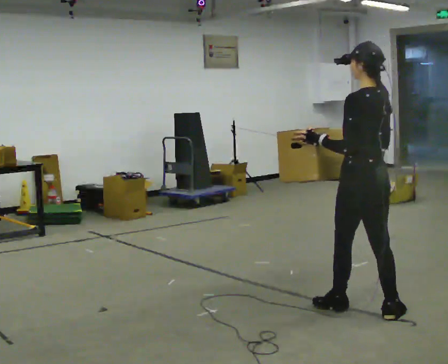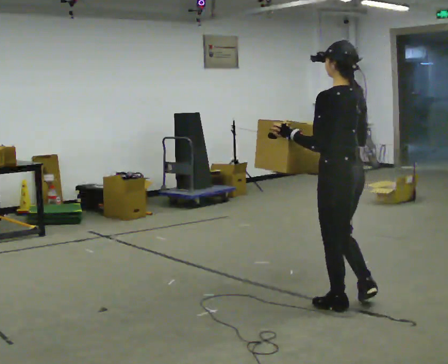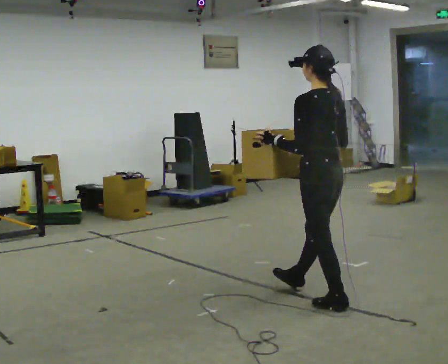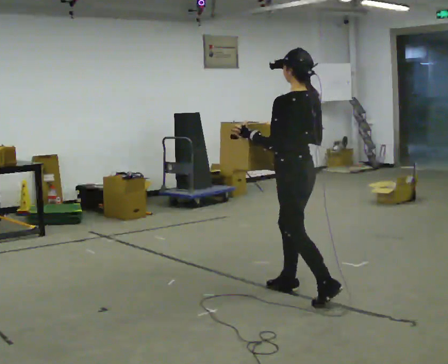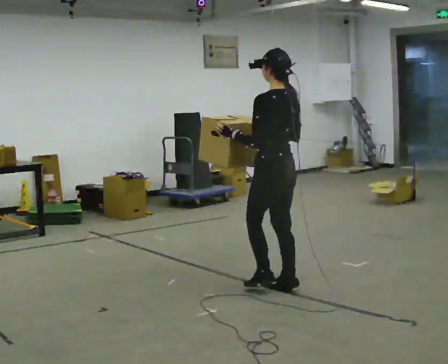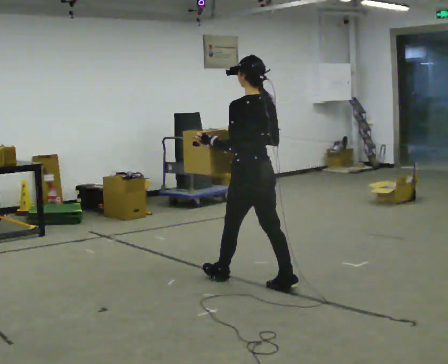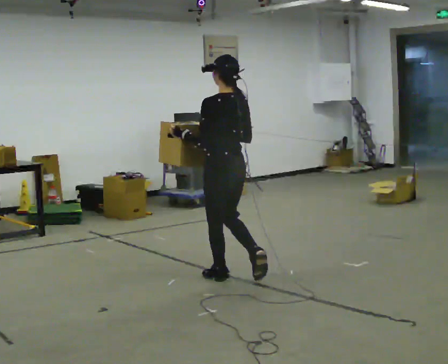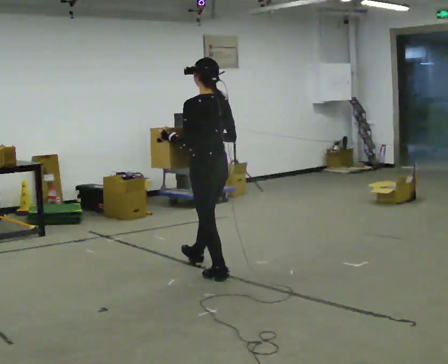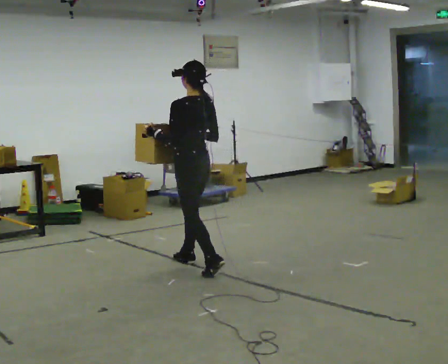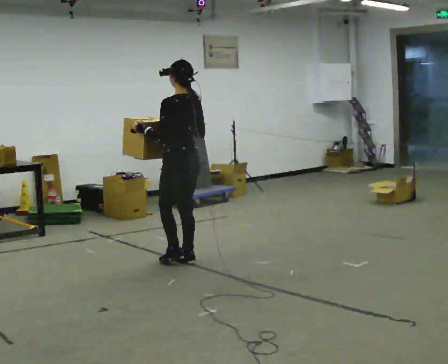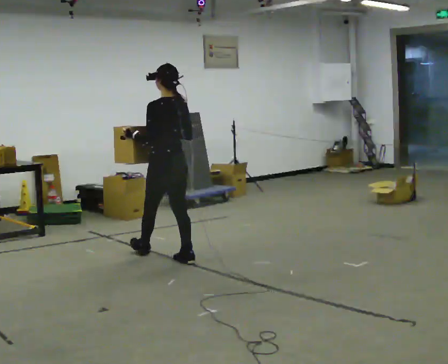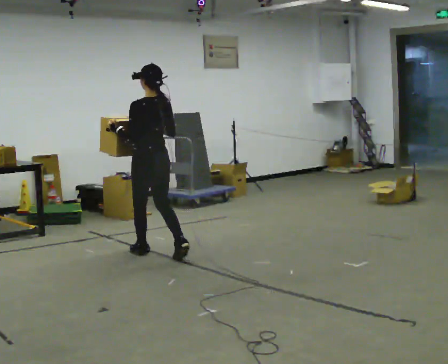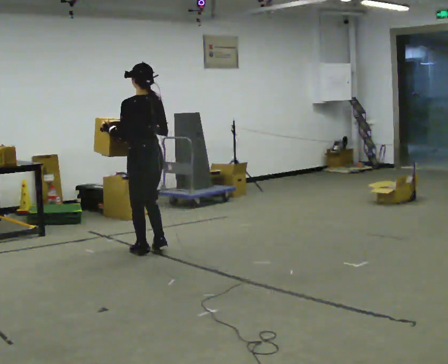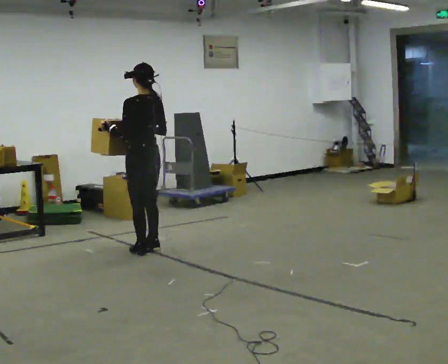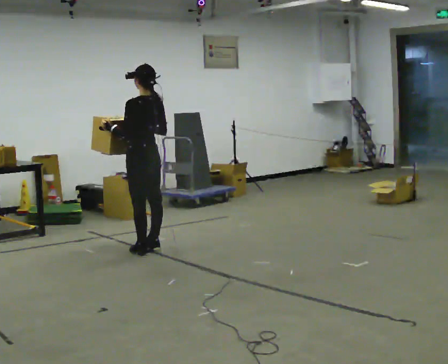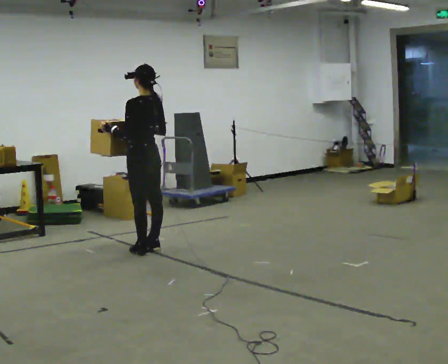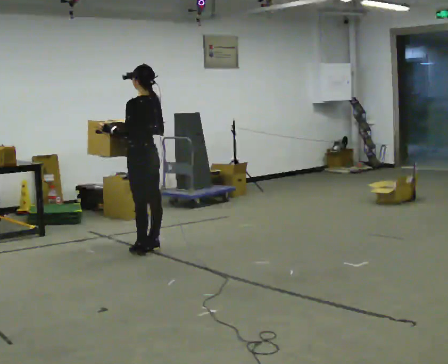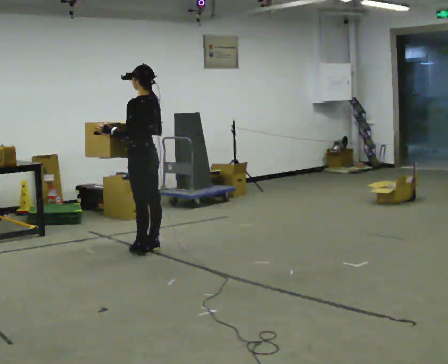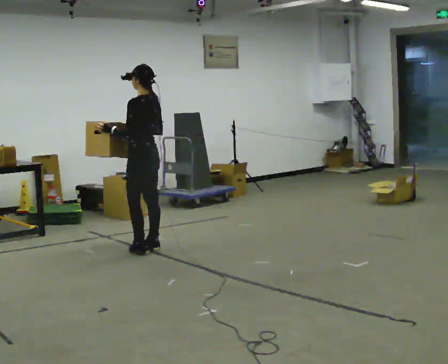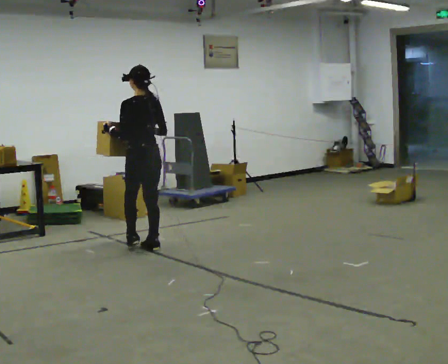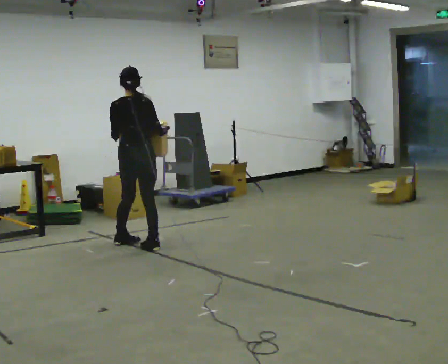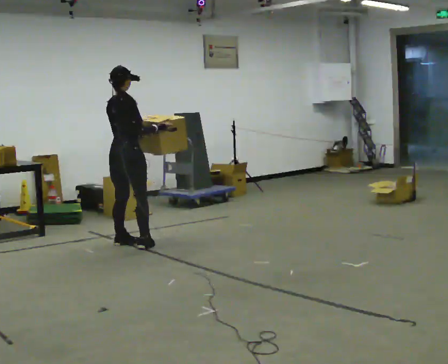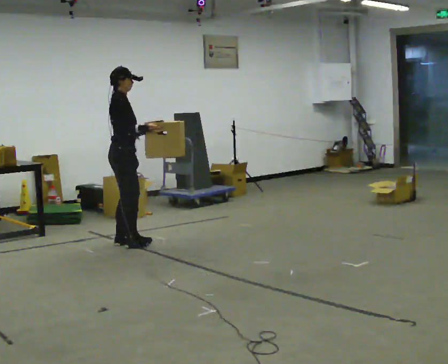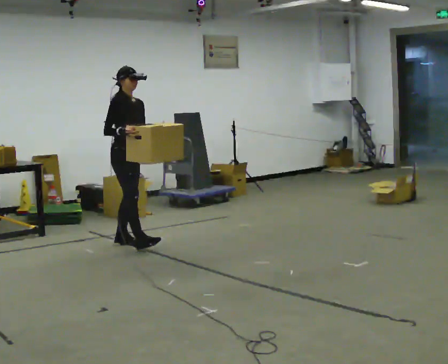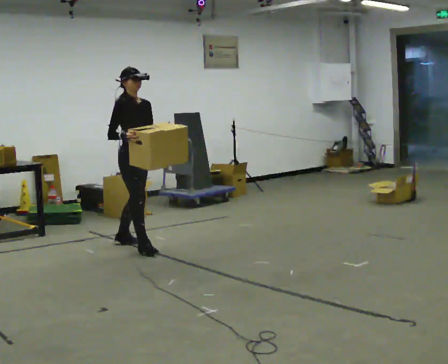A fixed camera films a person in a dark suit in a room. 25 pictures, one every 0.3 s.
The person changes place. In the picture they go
away from the camera.
0.0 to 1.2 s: In the picture they go away from the camera and to the left, about 0.5 m in 1 step, which for them is forward.
1.2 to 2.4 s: In the picture they go away from the camera and to the left, about 1 m in 2 steps, which for them is forward.
2.4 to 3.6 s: In the picture they go away from the camera and to the left, about 0.5 m in 1 step, which for them is forward.
3.6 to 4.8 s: In the picture they go away from the camera, about 0.25 m in 1 step, which for them is forward.
4.8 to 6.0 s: Seen from above the body turns clockwise, about 60 degrees: to their right, with its near side sliding to the left.
6.0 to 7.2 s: Seen from above the body turns clockwise, about 120 degrees: to their right, with its near side sliding to the left. In the picture their right hand goes to the left.
The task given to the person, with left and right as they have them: Carry the heavy box in both hands in front of you, walking back and forth across the room. Keep walking until the operator says stop. Set it down if you need a rest.
The film runs forward here.
